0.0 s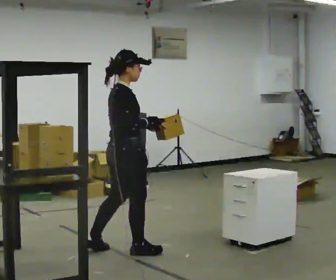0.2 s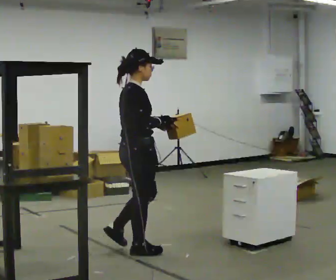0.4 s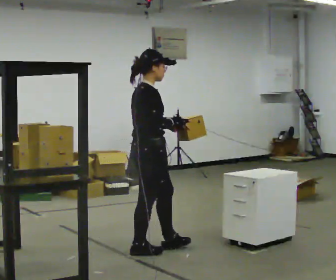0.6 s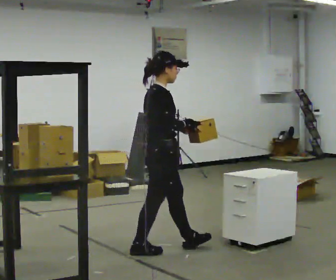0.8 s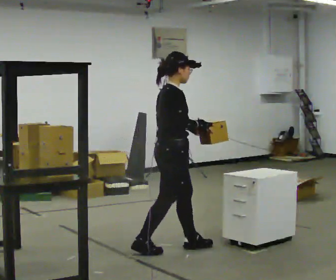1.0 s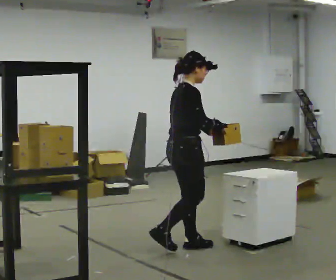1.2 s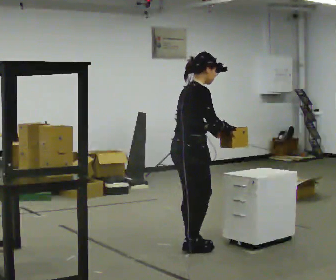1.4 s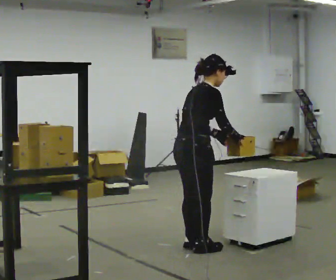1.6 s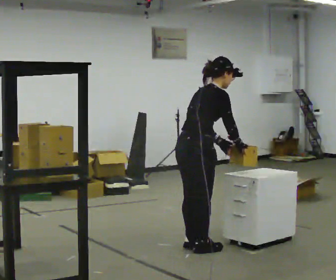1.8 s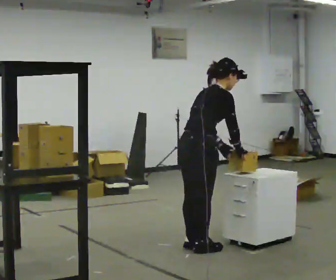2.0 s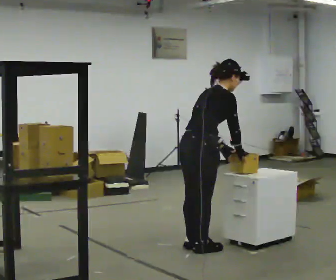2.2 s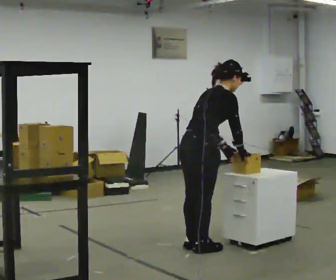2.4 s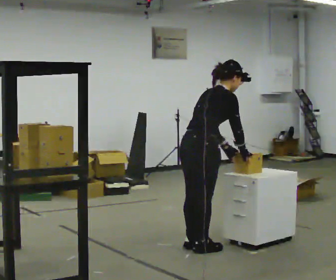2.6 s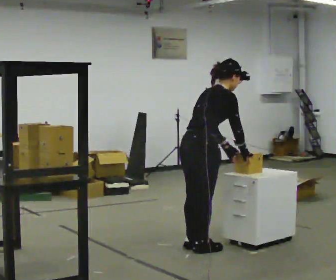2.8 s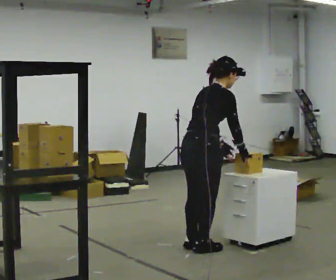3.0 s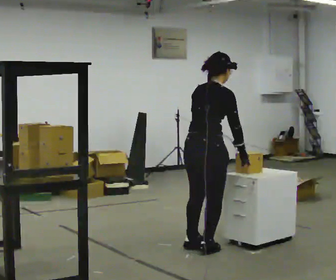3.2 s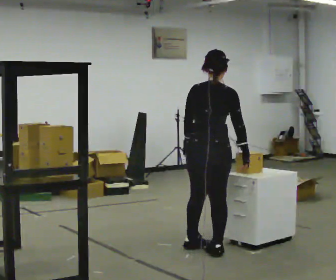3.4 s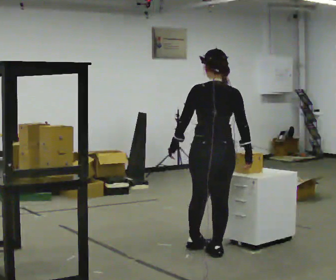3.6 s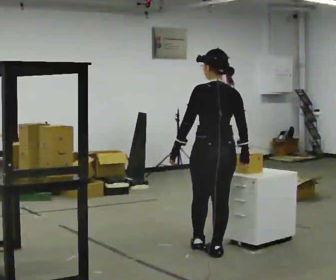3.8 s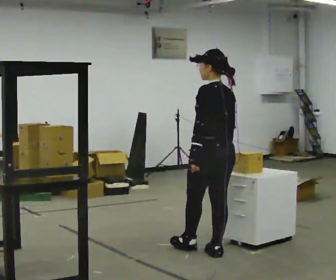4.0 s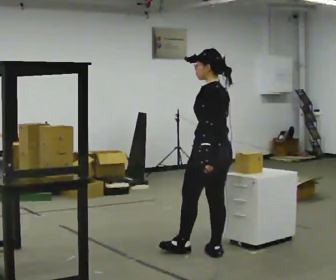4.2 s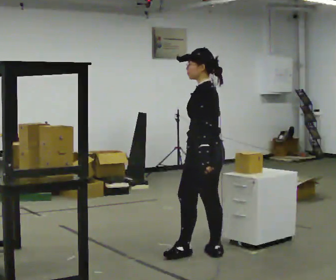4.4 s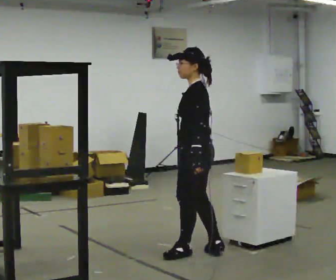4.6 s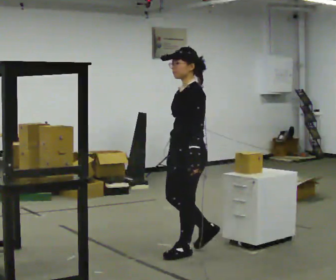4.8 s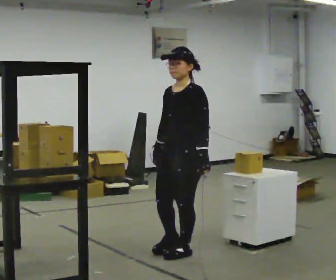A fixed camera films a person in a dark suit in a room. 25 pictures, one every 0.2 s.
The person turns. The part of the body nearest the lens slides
to the right.
Their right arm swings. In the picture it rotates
clockwise.
0.0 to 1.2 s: In the picture they go to the right, about 0.5 m in 1 step, which for them is forward.
1.2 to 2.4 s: In the picture the upper body tilts clockwise, shoulders to the right, as they bend forward.
2.4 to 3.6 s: The person turns about 75 degrees to their left, counterclockwise seen from above, so the part of the body nearest the lens slides to the right. In the picture they go to the right, about 0.25 m in 1 step. In the picture the upper body tilts counterclockwise, shoulders to the left, as they lean back or straighten. In the picture their left hand goes to the left, the arm swinging clockwise.
3.6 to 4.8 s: The person turns about 120 degrees to their left, counterclockwise seen from above, so the part of the body nearest the lens slides to the right. In the picture they go to the left, about 0.25 m in 1 step.
The film runs forward here.
